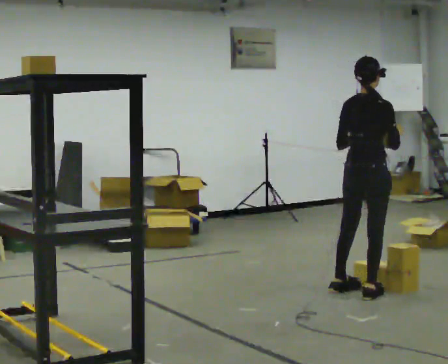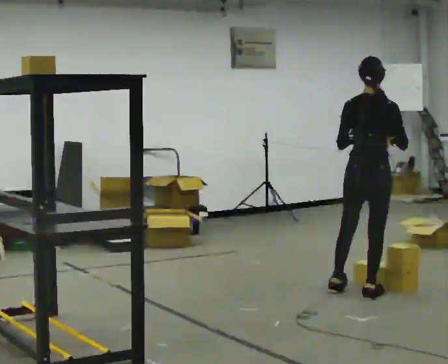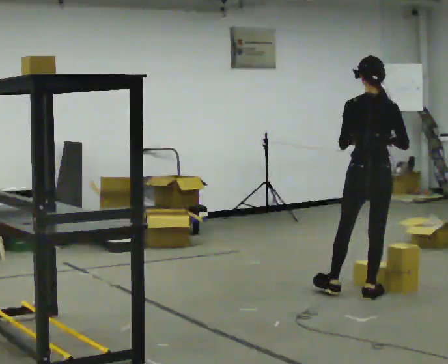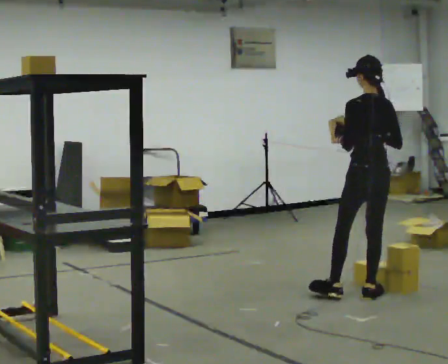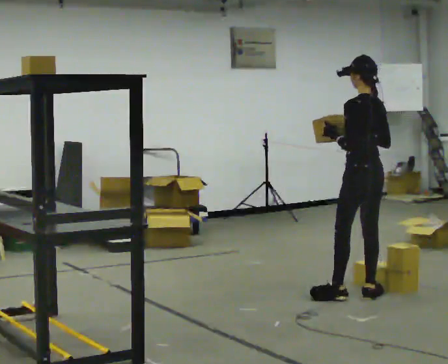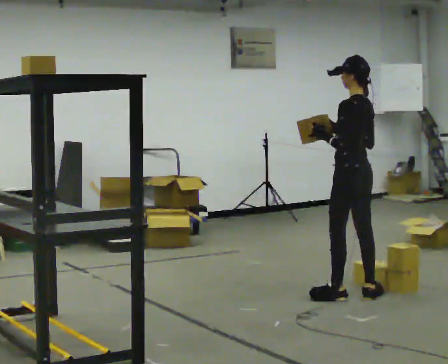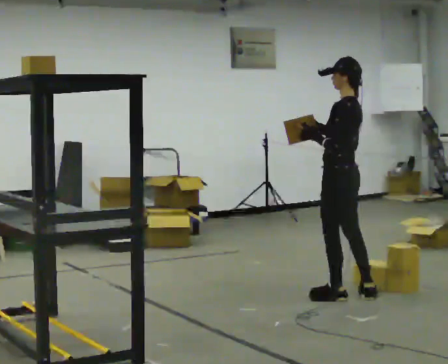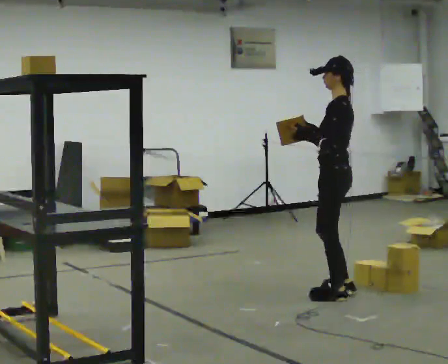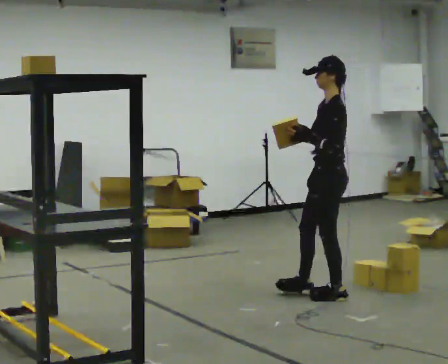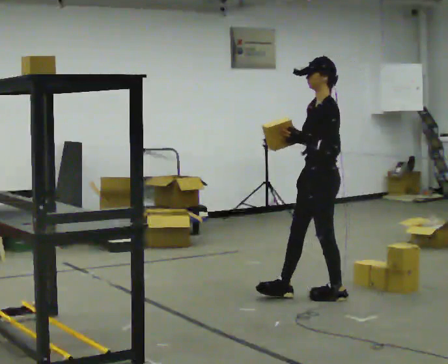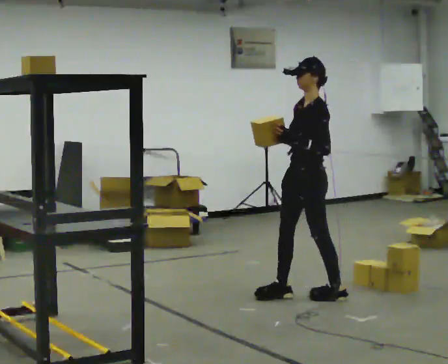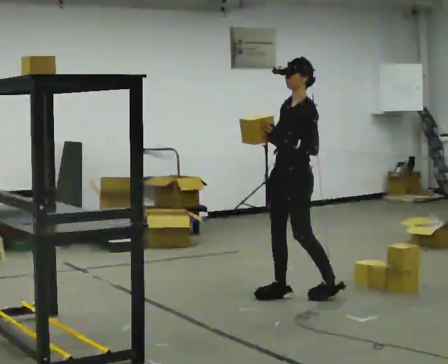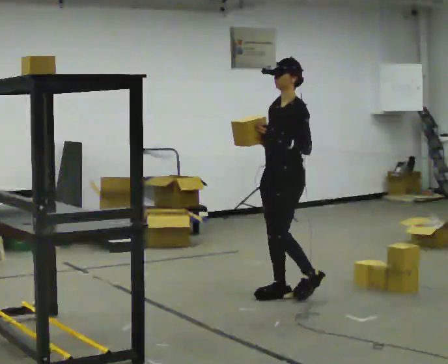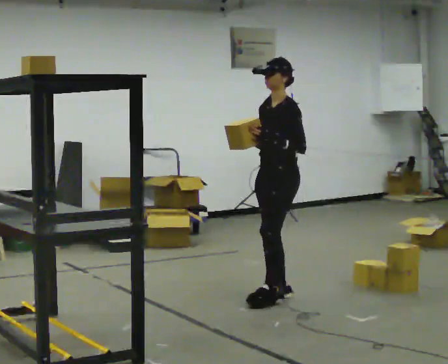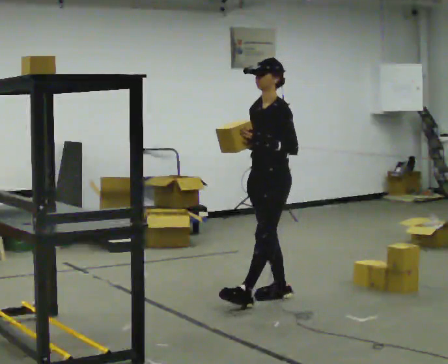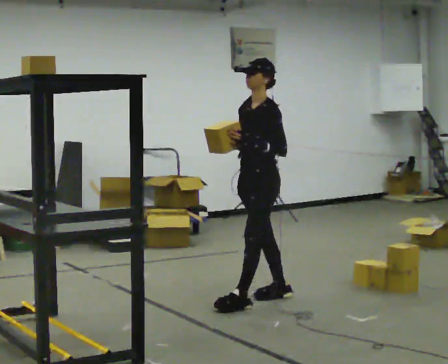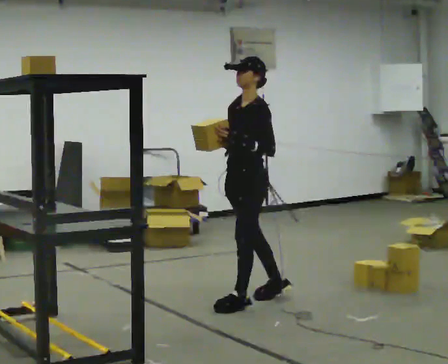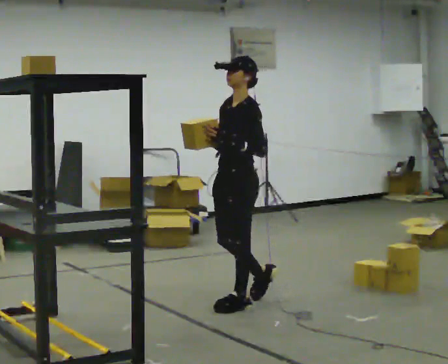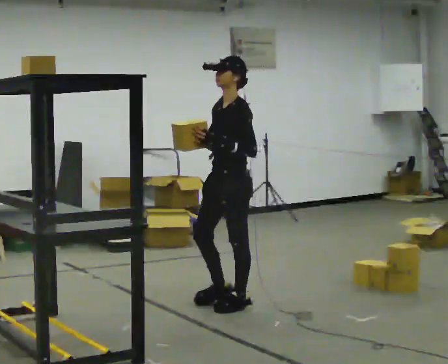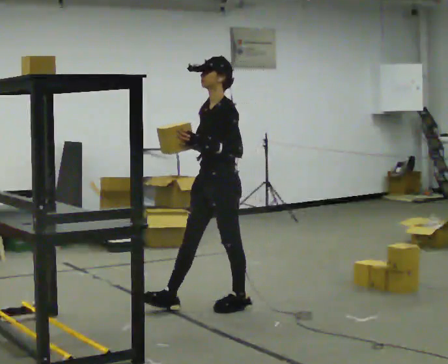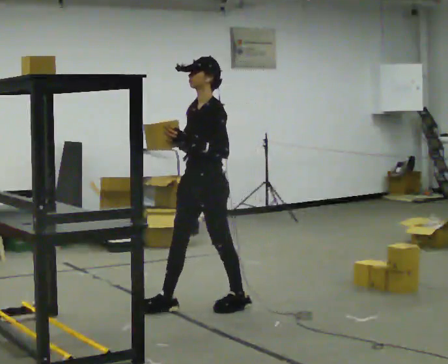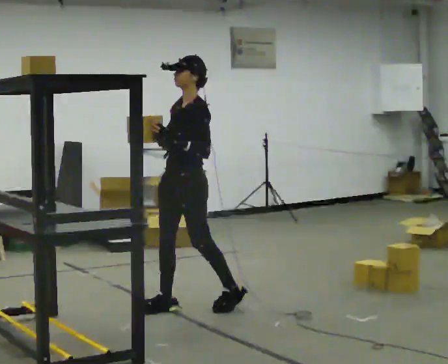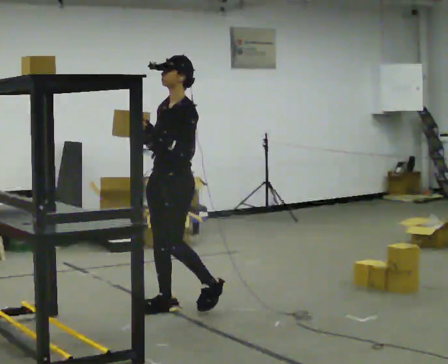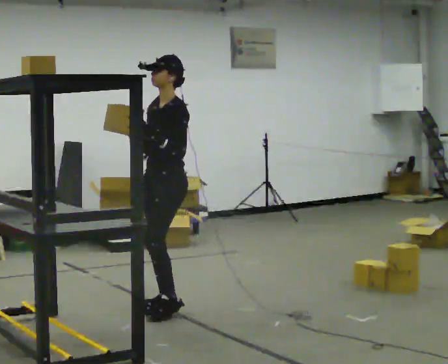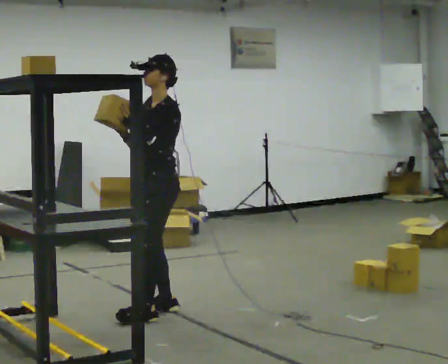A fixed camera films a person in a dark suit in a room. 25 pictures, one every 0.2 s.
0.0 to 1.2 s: Seen from above the body turns counterclockwise, about 90 degrees: to their left, with its near side sliding to the right. In the picture their right hand goes to the left.
1.2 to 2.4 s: The person turns about 60 degrees to their left, counterclockwise seen from above, so the part of the body nearest the lens slides to the right. In the picture they go to the left, about 0.25 m in 1 step.
2.4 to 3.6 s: In the picture they go to the left and toward the camera, about 0.5 m in 1 step, which for them is forward.
3.6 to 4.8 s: In the picture they go to the left, about 0.5 m in 2 steps, which for them is forward.
The film runs forward here.
